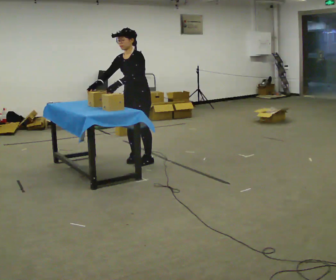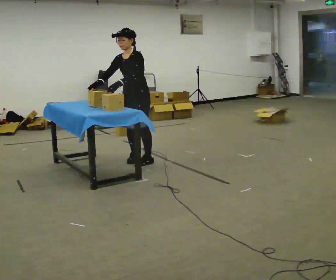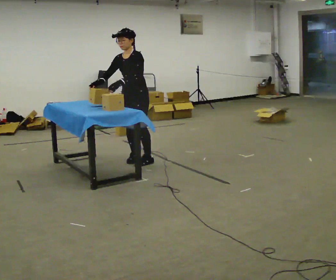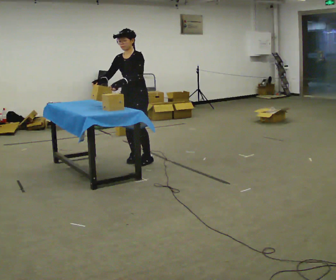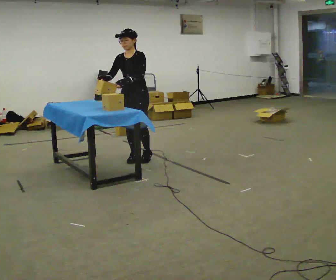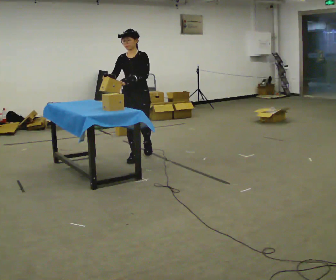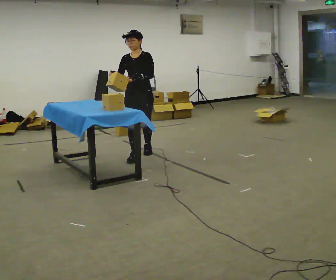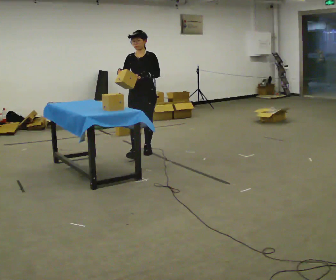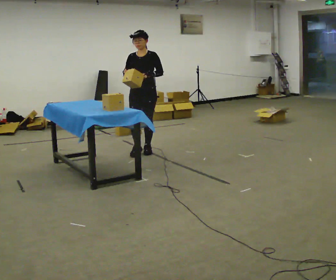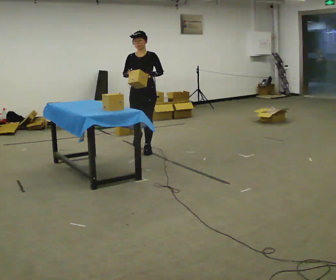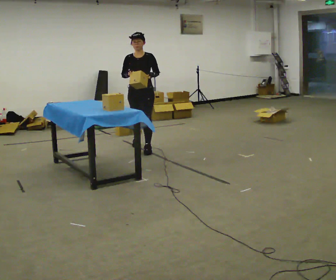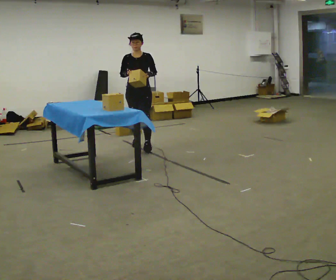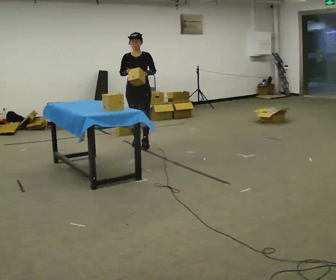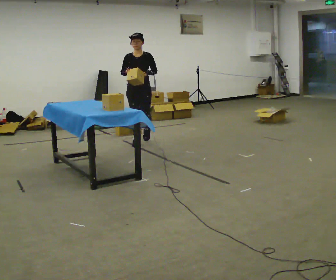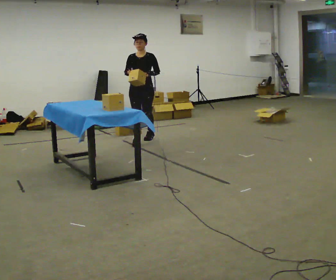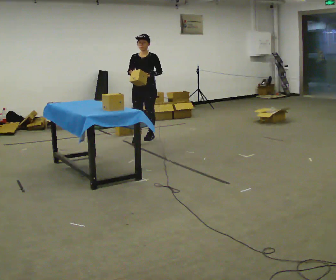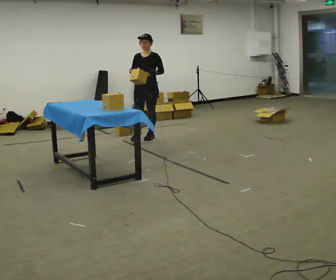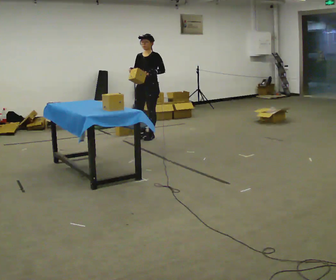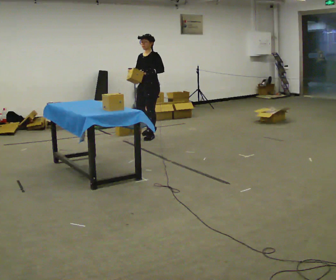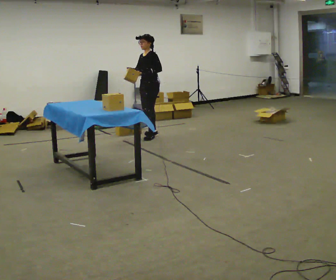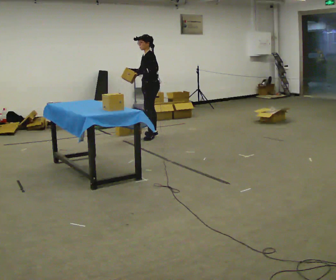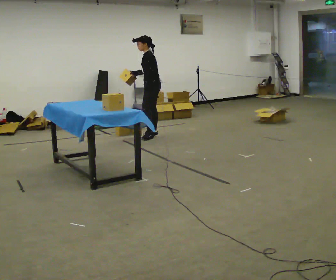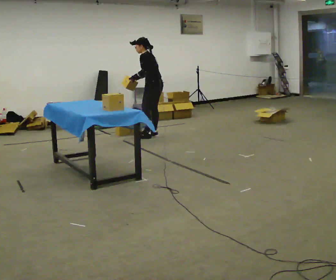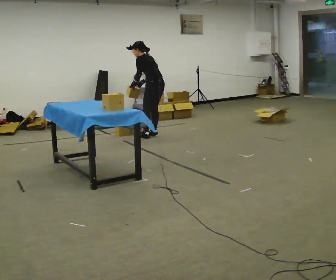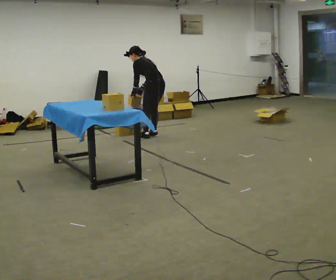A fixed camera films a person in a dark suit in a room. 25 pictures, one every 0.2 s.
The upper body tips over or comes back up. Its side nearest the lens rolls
upward.
The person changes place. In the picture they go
away from the camera.
0.0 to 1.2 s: The part of the body nearest the lens slides to the right as the person turns to their left by about 30 degrees. In the picture they go away from the camera, about 0.25 m in 1 step, which for them is backward.
1.2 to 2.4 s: In the picture they go away from the camera, about 0.75 m in 2 steps, which for them is backward.
2.4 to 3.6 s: The person turns about 45 degrees to their right, clockwise seen from above, so the part of the body nearest the lens slides to the left. In the picture they go away from the camera and to the right, about 0.5 m in 1 step, which for them is backward.
3.6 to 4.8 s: The person turns about 75 degrees to their right, clockwise seen from above, so the part of the body nearest the lens slides to the left. In the picture the upper body tilts counterclockwise, shoulders to the left, as they bend forward. In the picture their right hand goes downward.
The film runs backward here.
